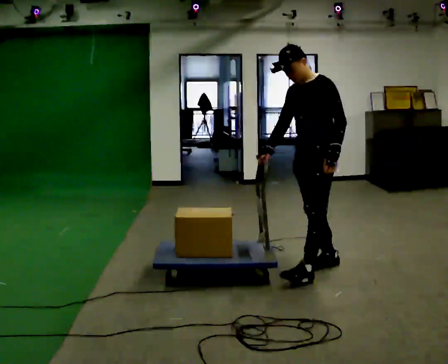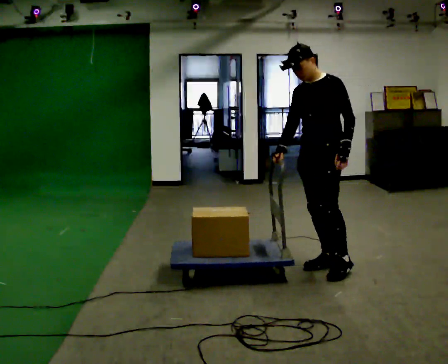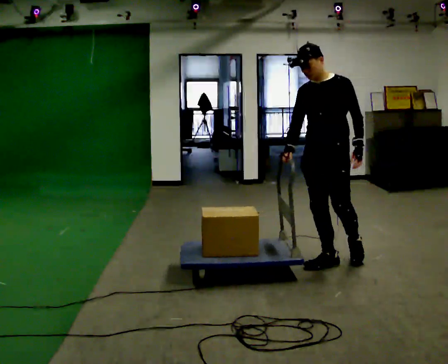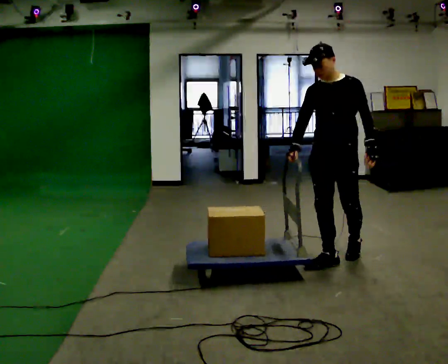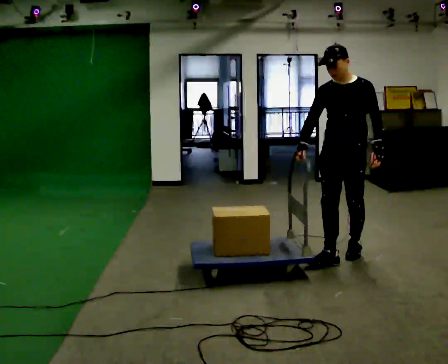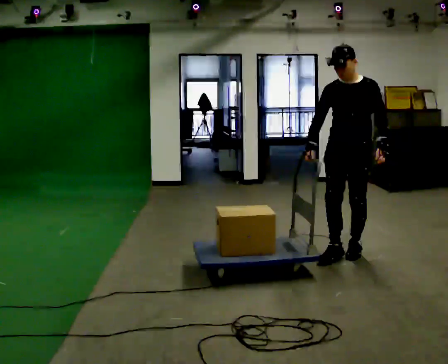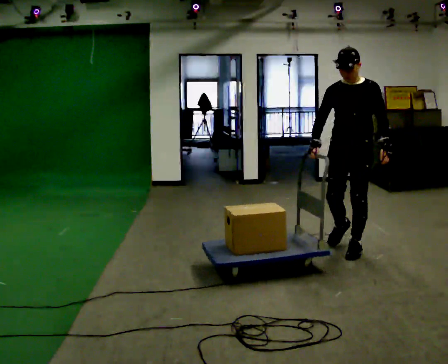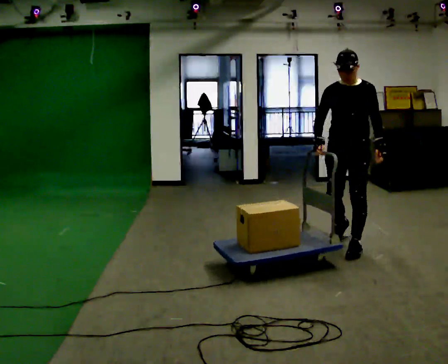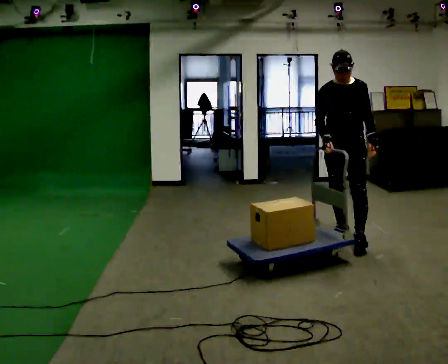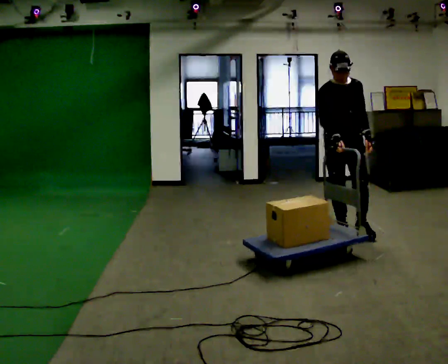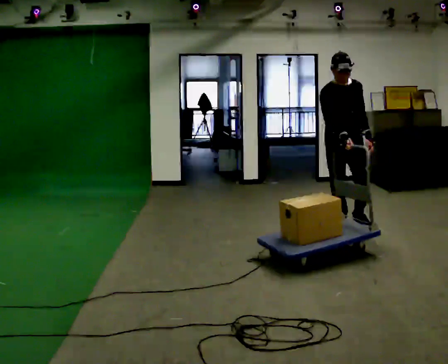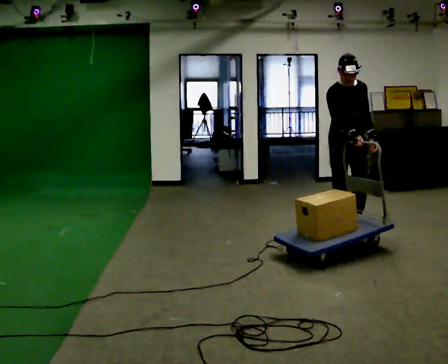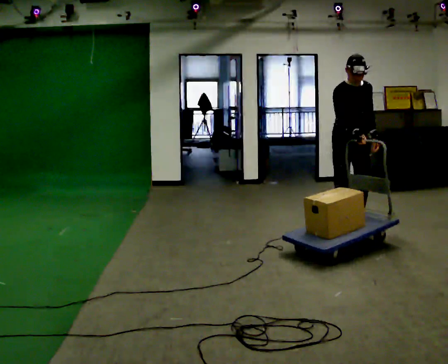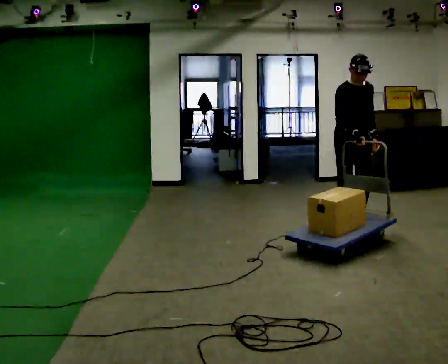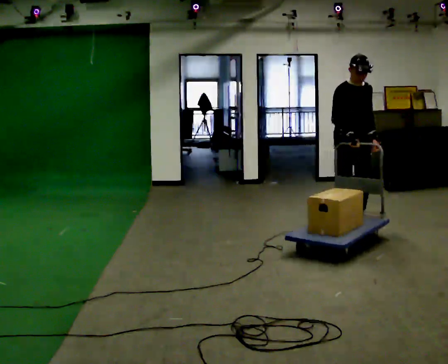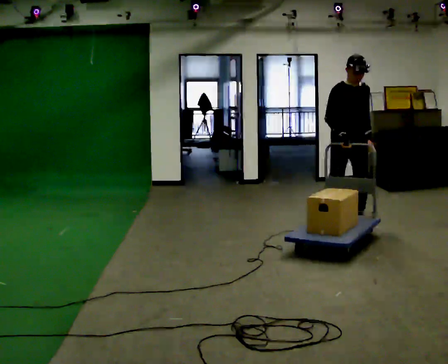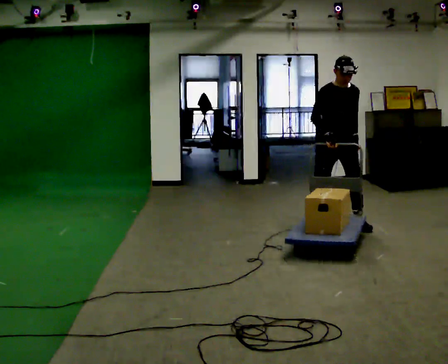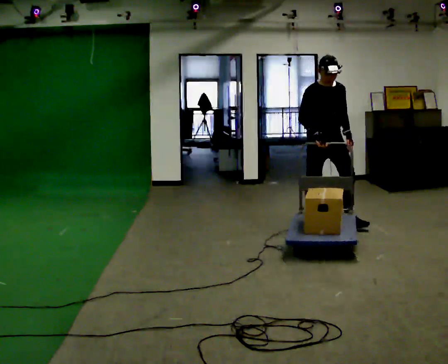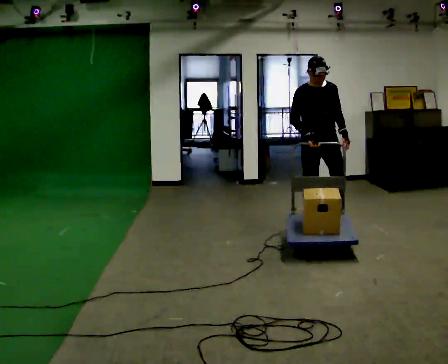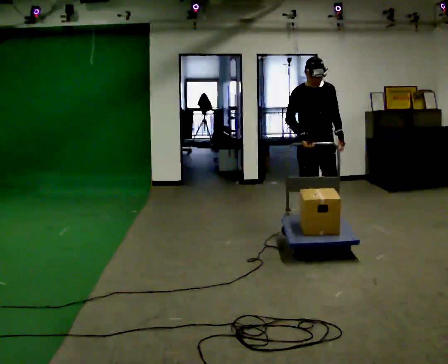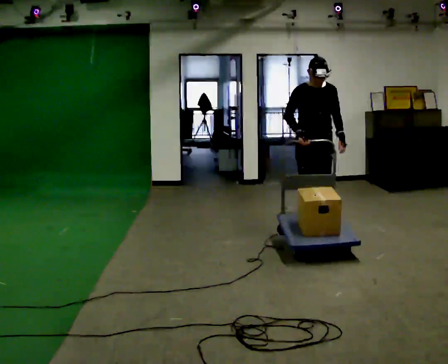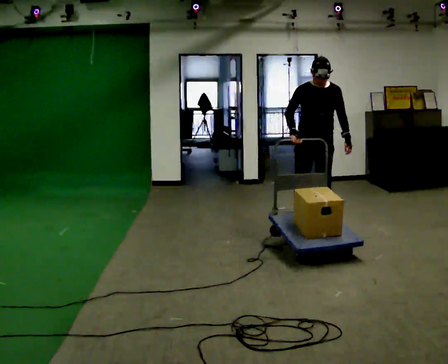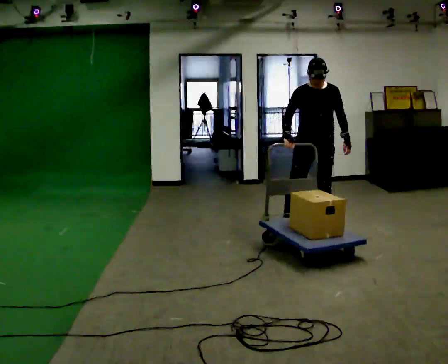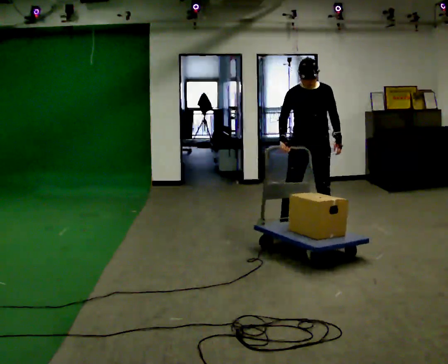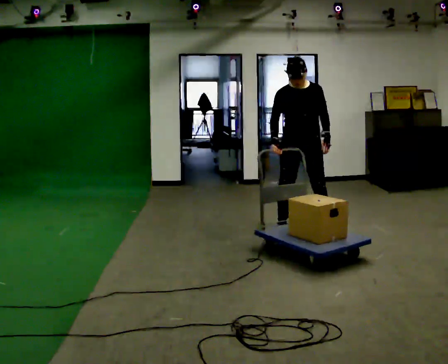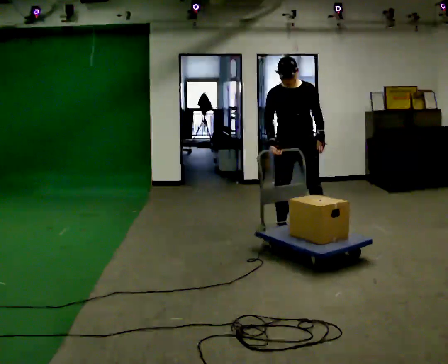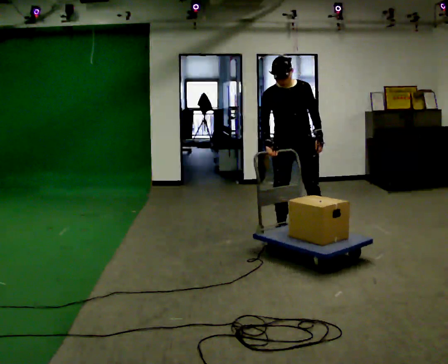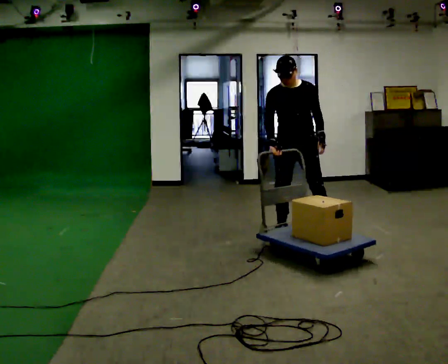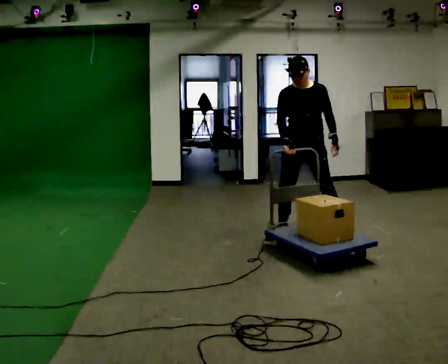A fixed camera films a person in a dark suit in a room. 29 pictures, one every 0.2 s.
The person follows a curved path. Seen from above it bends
counterclockwise.
0.0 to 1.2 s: Seen from above the body turns counterclockwise, about 45 degrees: to their left, with its near side sliding to the right. In the picture they go away from the camera and to the right, about 0.5 m in 1 step, which for them is backward.
1.2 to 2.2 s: The person turns about 30 degrees to their left, counterclockwise seen from above, so the part of the body nearest the lens slides to the right. In the picture they go away from the camera, about 0.5 m in 1 step, which for them is backward.
2.2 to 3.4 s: In the picture they go away from the camera and to the left, about 0.25 m in 2 steps, which for them is backward.
3.4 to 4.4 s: Seen from above the body turns clockwise, about 30 degrees: to their right, with its near side sliding to the left.
4.4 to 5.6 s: In the picture they go toward the camera, about 0.25 m in 1 step, which for them is forward and to their right.
The film runs backward here.
